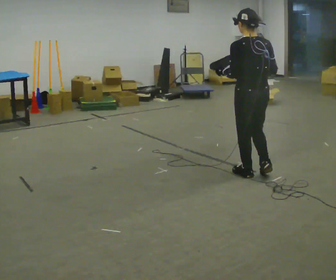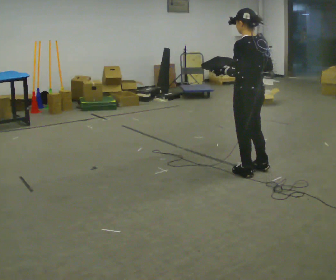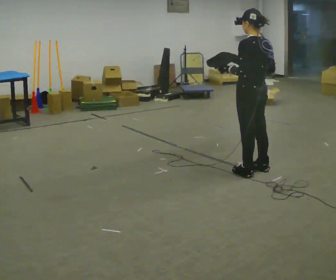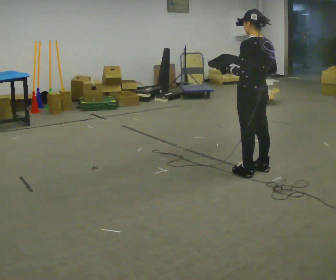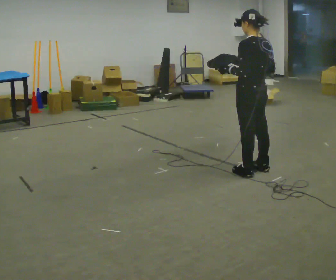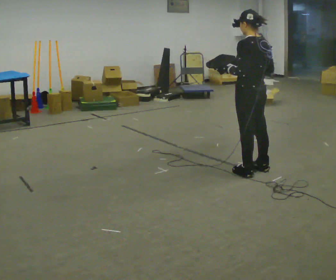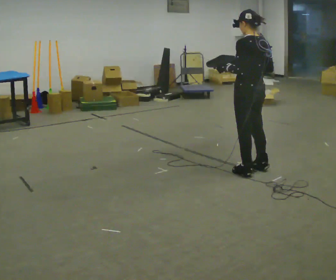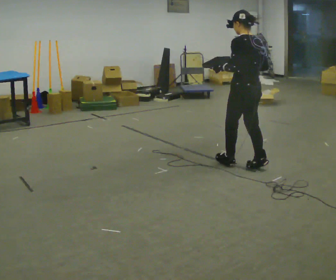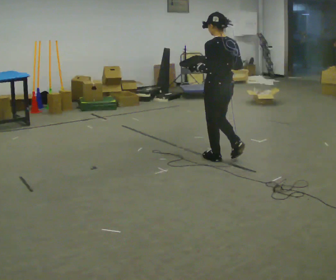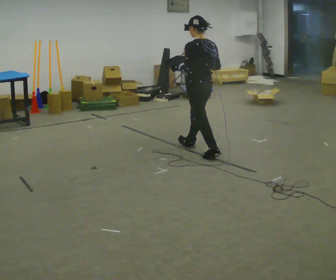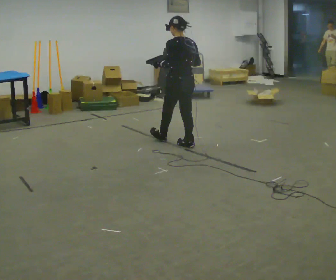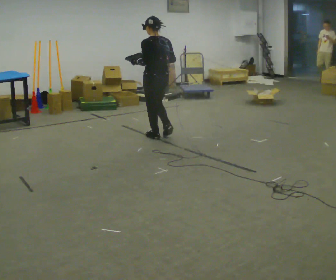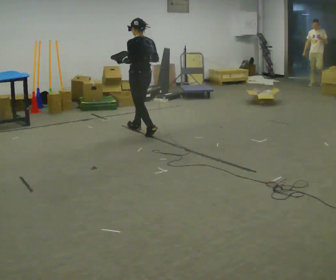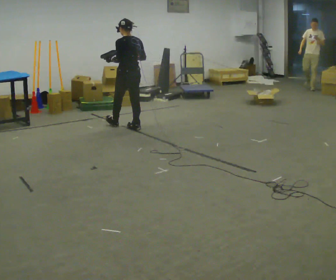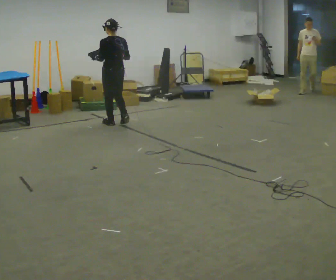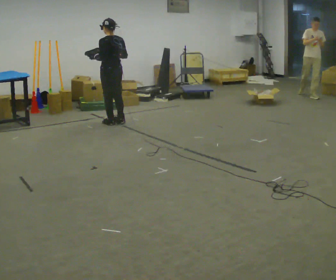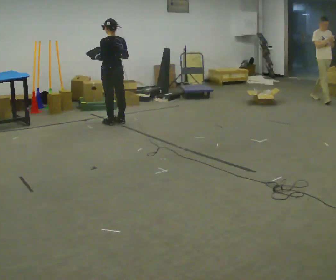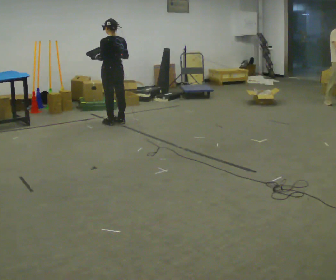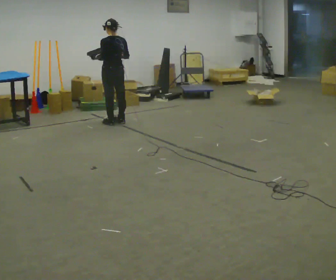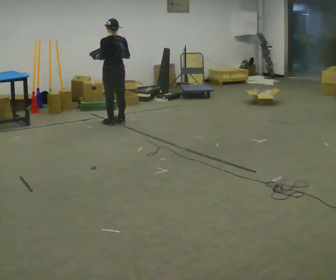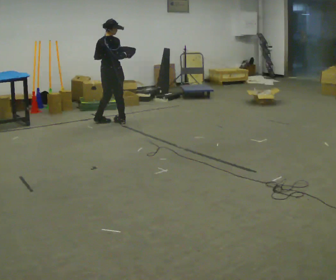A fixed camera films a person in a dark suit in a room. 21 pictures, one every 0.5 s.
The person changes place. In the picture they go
away from the camera.
0.0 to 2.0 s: The person moves a little, or ends about where they began.
2.0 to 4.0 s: In the picture they go away from the camera and to the left, about 0.5 m in 1 step, which for them is forward.
4.0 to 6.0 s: In the picture they go away from the camera and to the left, about 1.5 m in 3 steps, which for them is forward.
6.0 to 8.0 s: In the picture they go away from the camera and to the left, about 0.75 m in 2 steps, which for them is forward.
8.0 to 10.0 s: The person turns about 60 degrees to their right, clockwise seen from above, so the part of the body nearest the lens slides to the left.
The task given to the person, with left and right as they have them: Carry the box with its lid hanging open across the room, back and forth.
The film runs forward here.
